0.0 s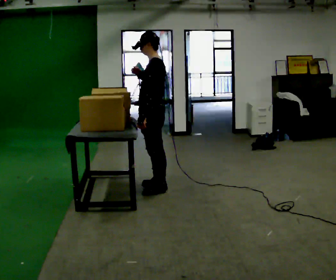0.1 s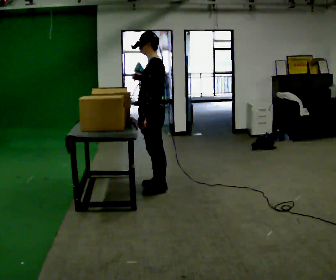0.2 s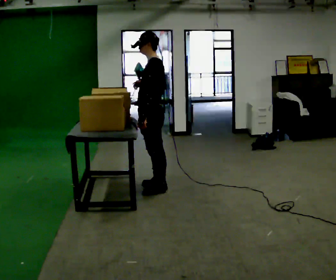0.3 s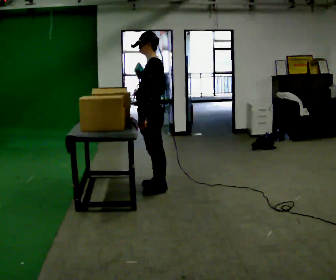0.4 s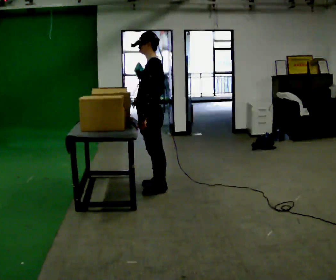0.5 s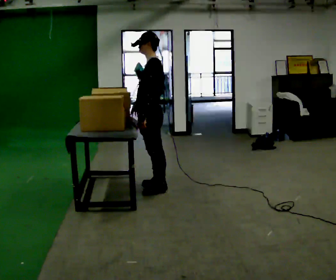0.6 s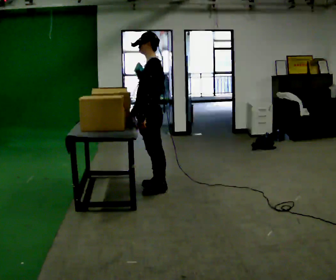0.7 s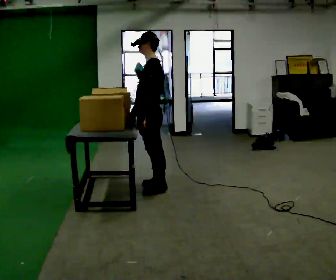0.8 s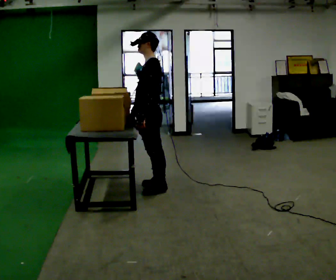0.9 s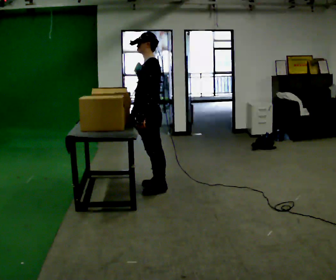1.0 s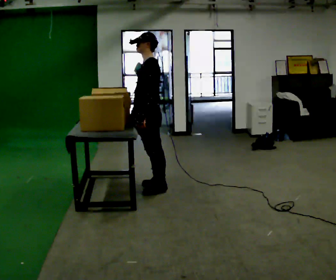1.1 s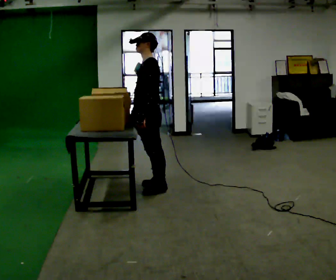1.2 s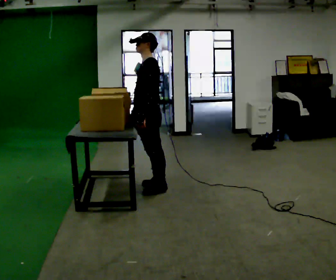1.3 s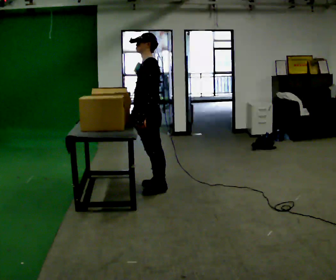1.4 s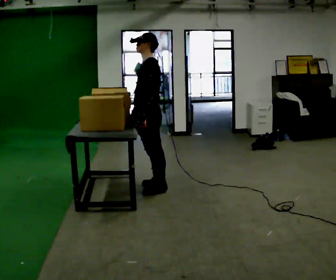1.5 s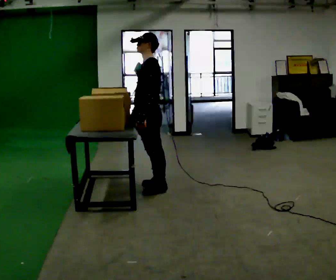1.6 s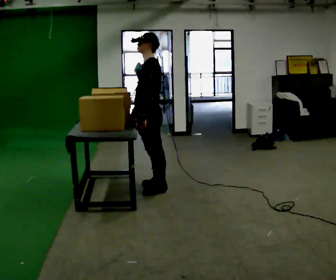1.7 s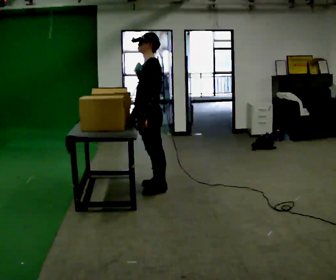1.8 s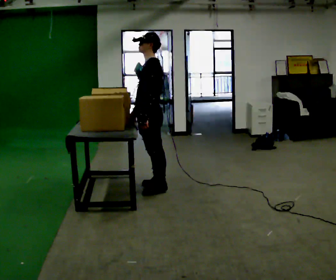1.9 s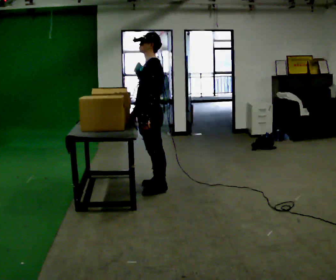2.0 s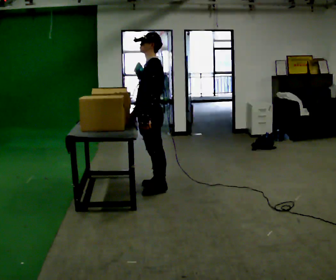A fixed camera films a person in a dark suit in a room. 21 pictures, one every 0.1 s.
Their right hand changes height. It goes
downward.
0.0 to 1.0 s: In the picture their right hand goes downward.
1.0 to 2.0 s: The person moves a little, or ends about where they began.
The film runs backward here.
